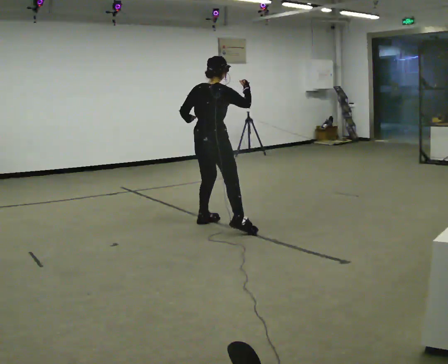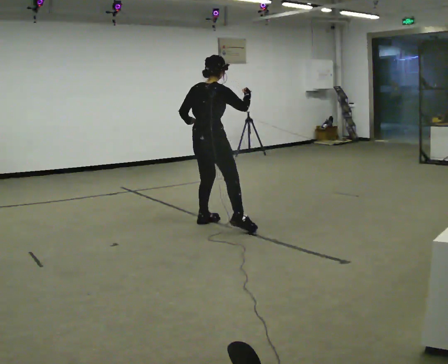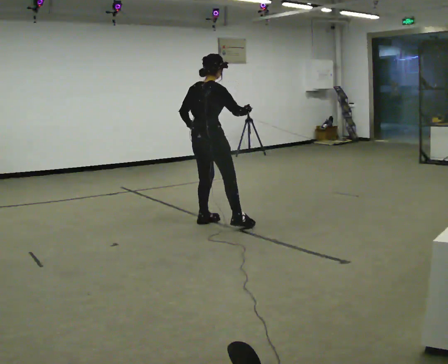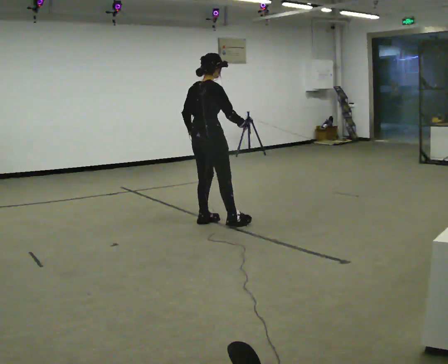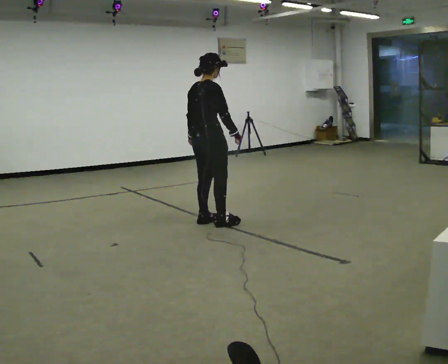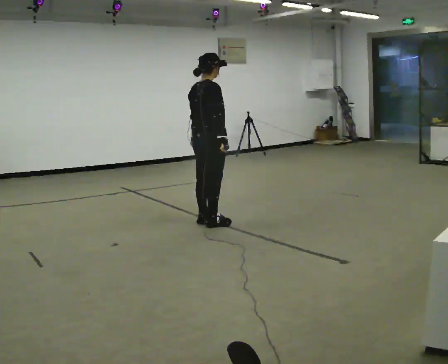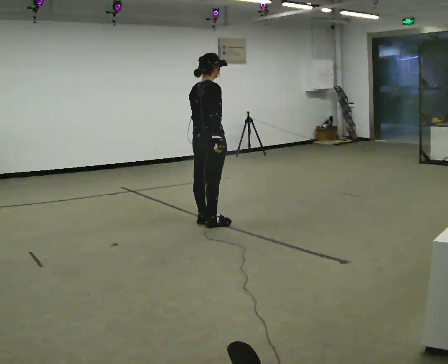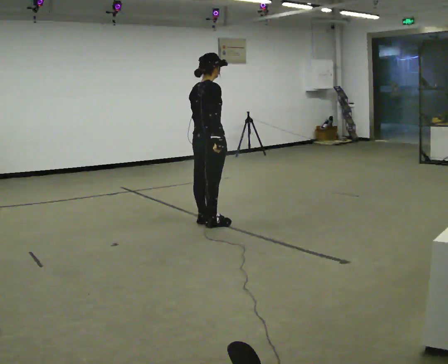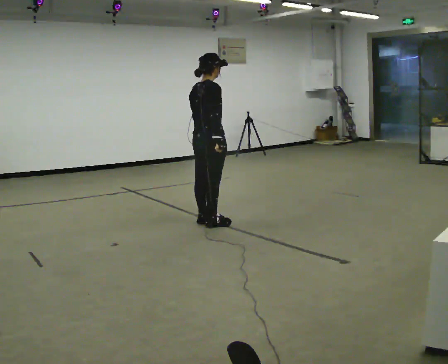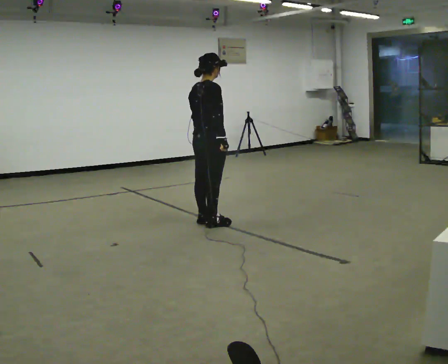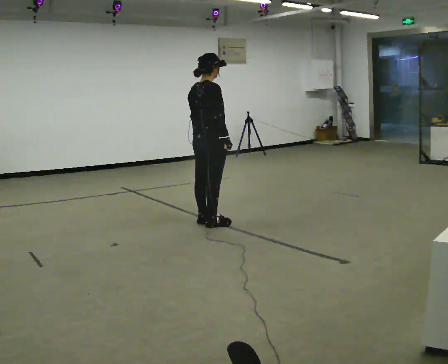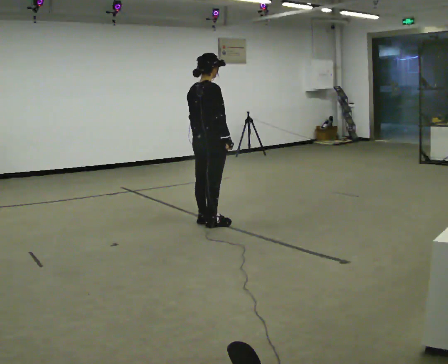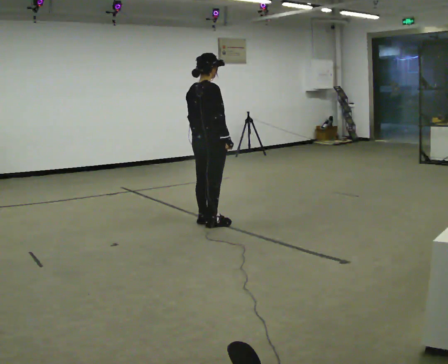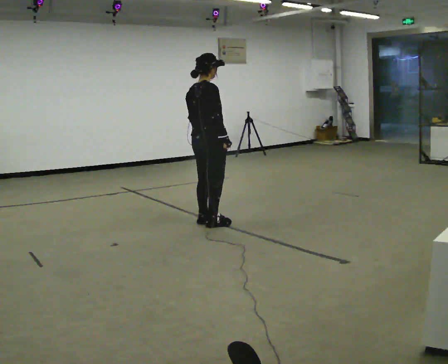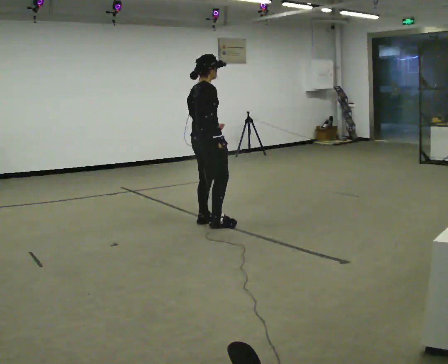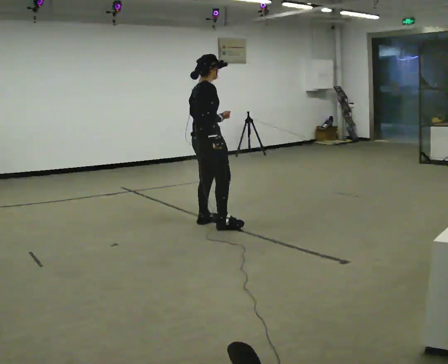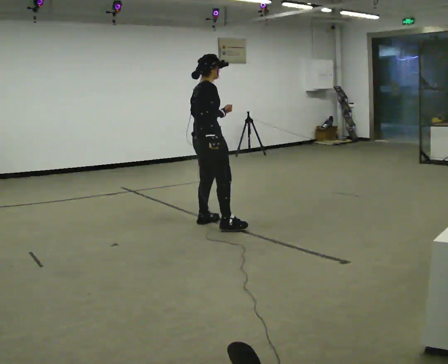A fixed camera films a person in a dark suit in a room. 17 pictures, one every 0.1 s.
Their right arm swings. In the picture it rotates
clockwise.
0.0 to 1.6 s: Seen from above the body turns clockwise, about 30 degrees: to their right, with its near side sliding to the left. In the picture their right hand goes downward and to the left, the arm swinging clockwise.
The film runs forward here.
